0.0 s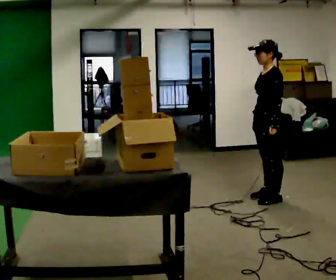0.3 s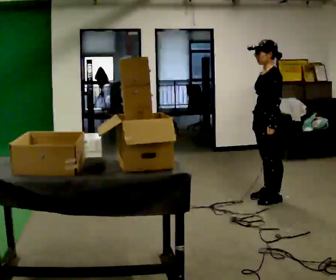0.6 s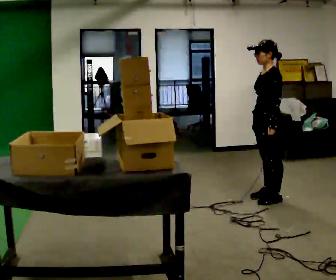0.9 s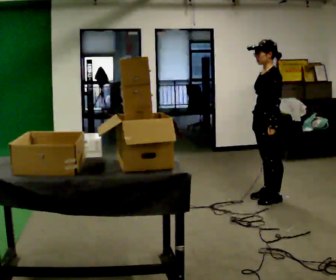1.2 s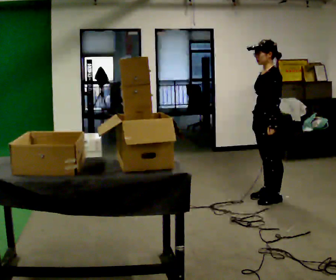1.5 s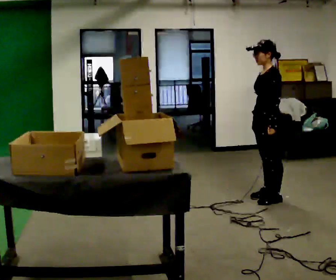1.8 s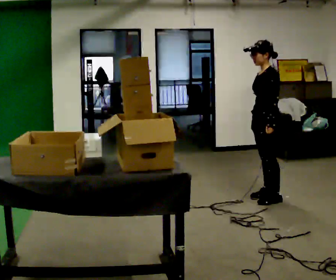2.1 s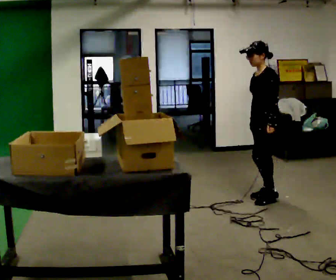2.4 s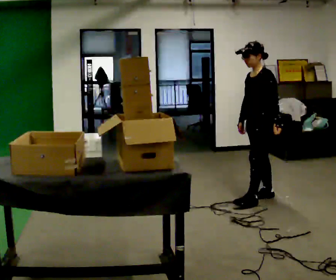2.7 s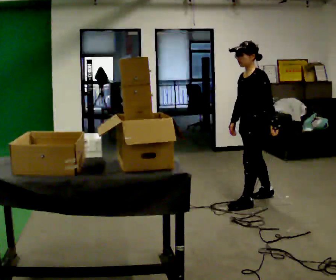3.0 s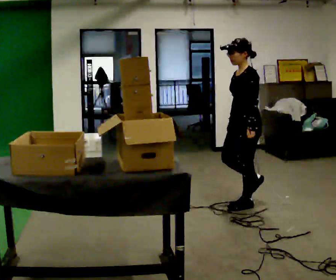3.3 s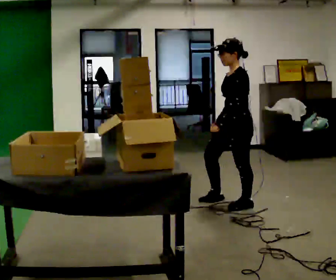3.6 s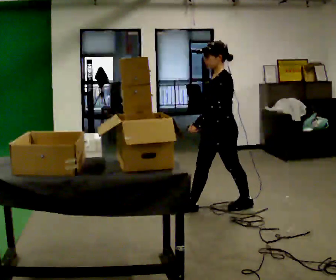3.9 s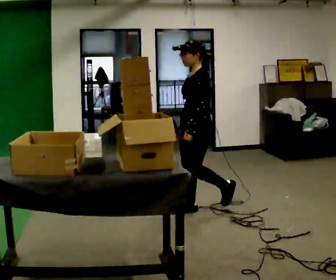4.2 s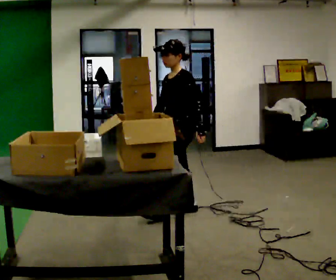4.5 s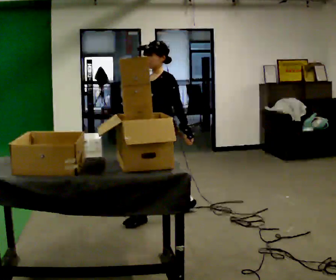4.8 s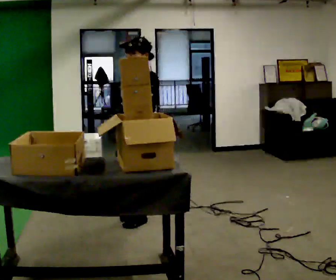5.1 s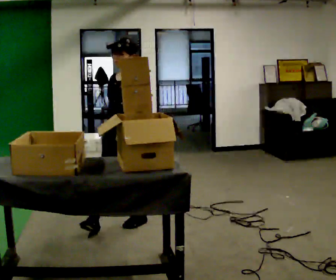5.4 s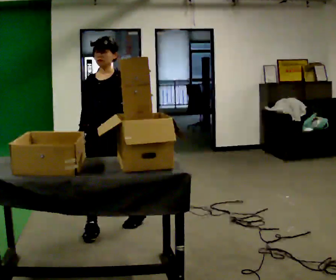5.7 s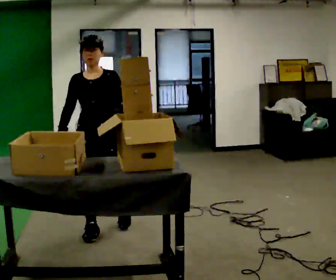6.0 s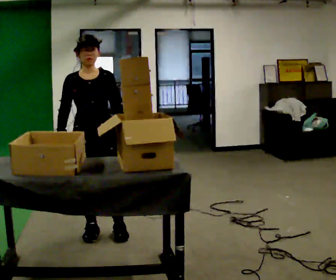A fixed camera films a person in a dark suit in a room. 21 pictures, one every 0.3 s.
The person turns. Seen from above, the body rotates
counterclockwise.
The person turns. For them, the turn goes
to their left.
0.0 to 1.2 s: The person keeps their place and pose.
1.2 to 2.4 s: The person moves a little, or ends about where they began.
2.4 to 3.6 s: In the picture they go toward the camera and to the left, about 0.5 m in 2 steps, which for them is forward.
3.6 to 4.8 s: In the picture they go to the left and toward the camera, about 1 m in 1 step, which for them is forward.
4.8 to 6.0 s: Seen from above the body turns counterclockwise, about 60 degrees: to their left, with its near side sliding to the right. In the picture they go toward the camera and to the left, about 0.5 m in 1 step.
The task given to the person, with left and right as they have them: 1. Move everything from the second bin into the first bin. 2. Carry the empty bin to the shelf. 3. Carry the full bin to the table. 4. Tell the operator when you are finished.
The film runs forward here.
